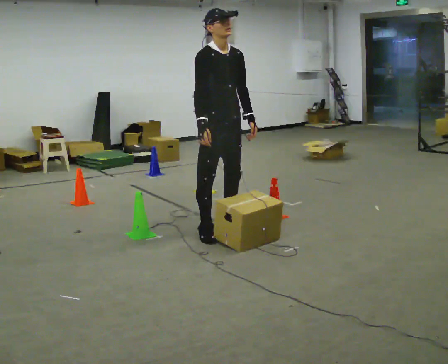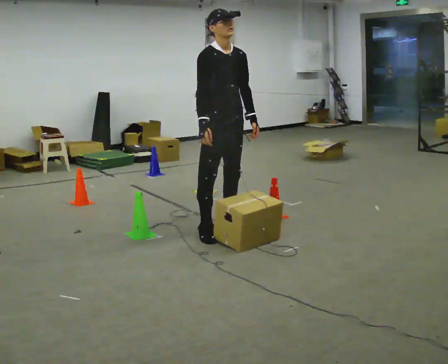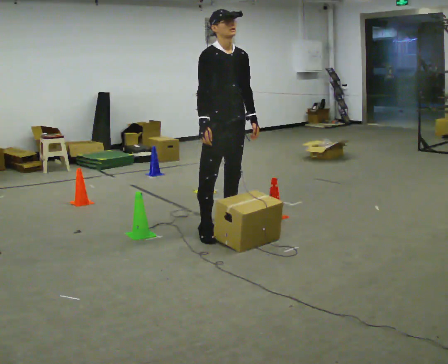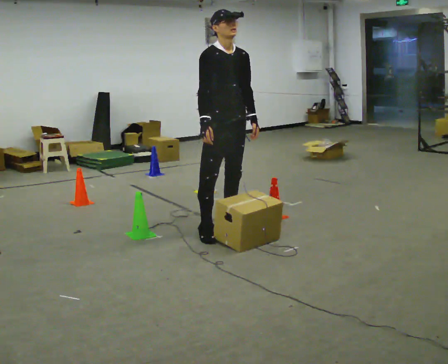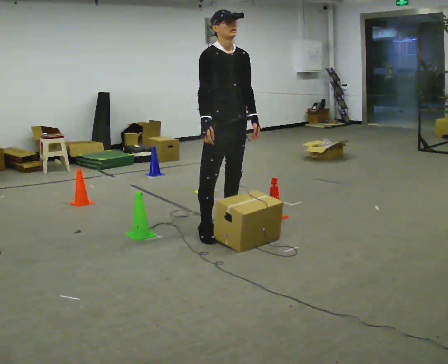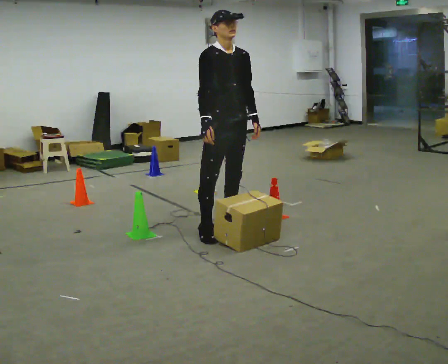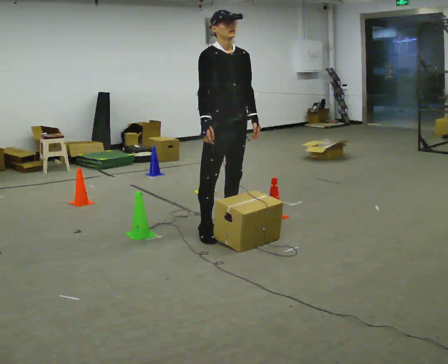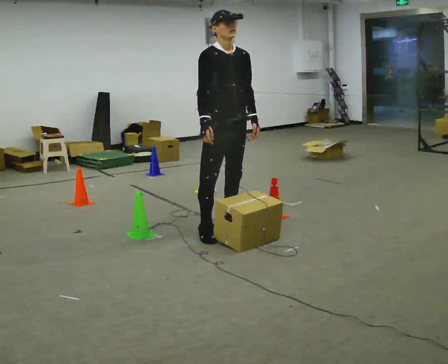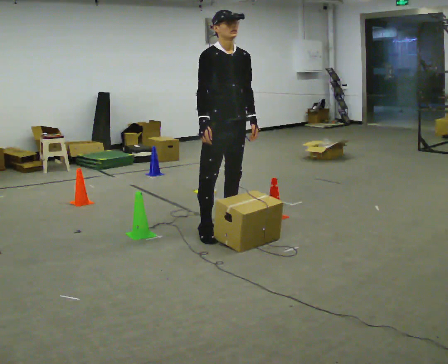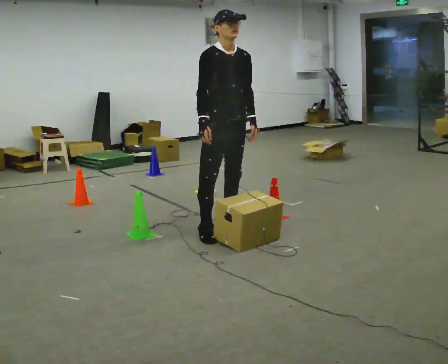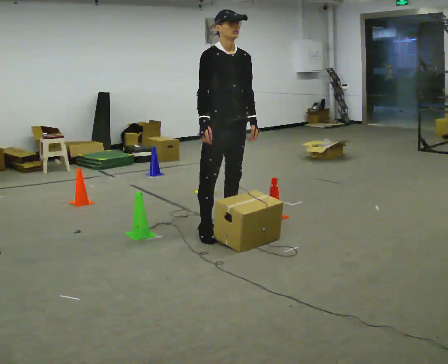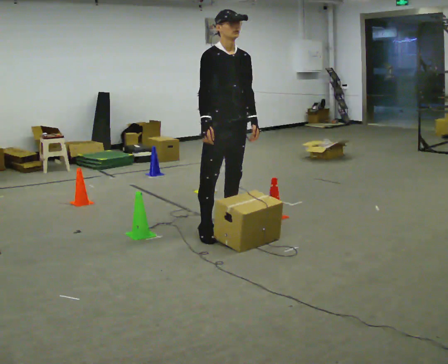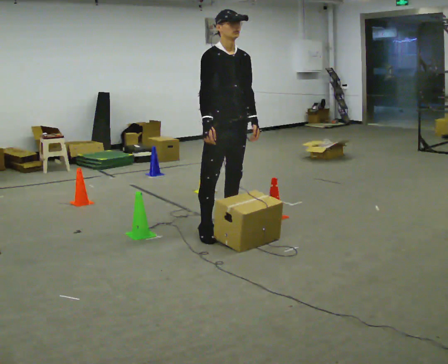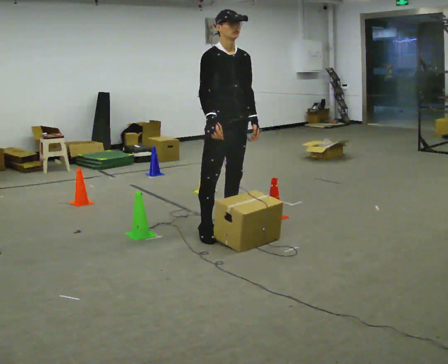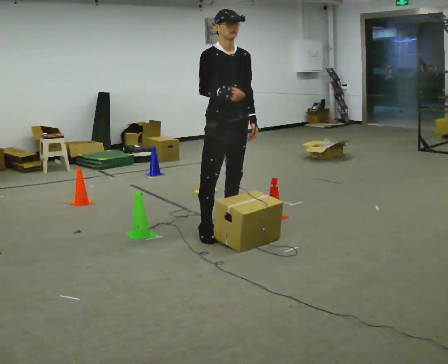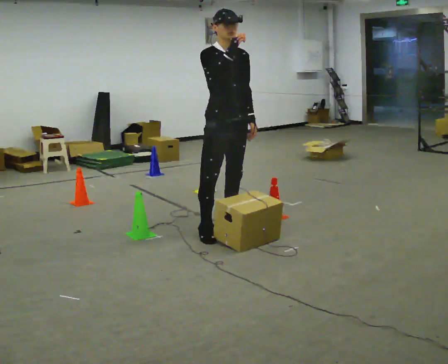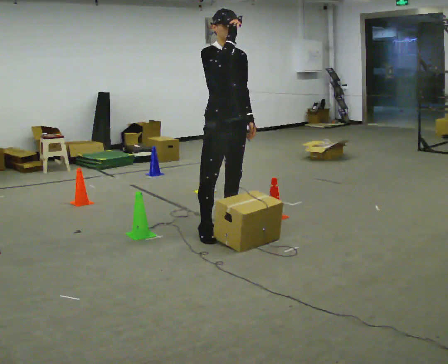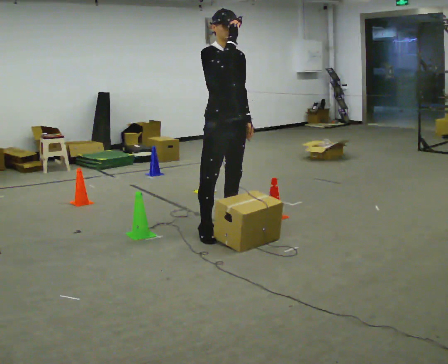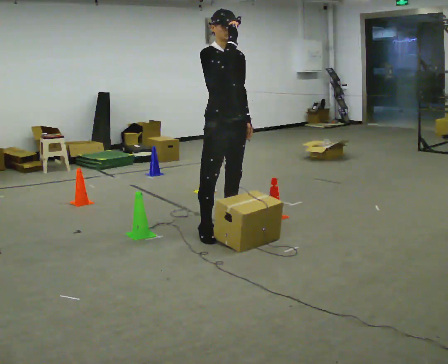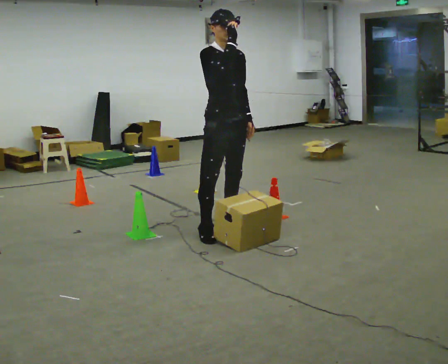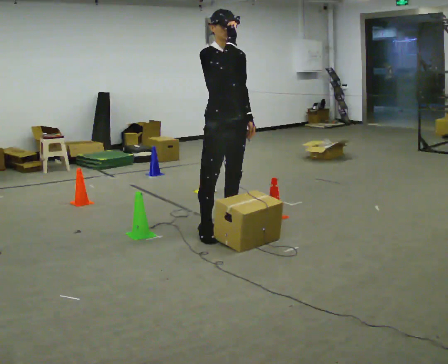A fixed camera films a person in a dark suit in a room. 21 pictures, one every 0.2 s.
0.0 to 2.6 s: The person moves a little, or ends about where they began.
2.6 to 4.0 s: In the picture their right hand goes upward.
The film runs forward here.
